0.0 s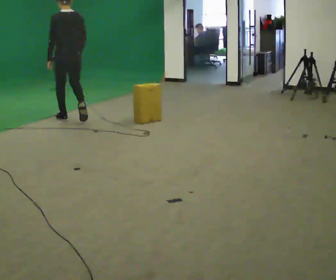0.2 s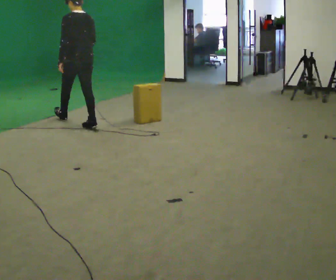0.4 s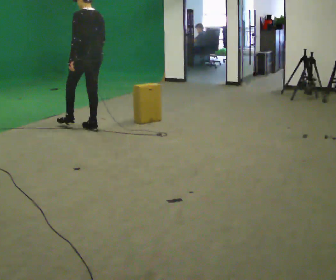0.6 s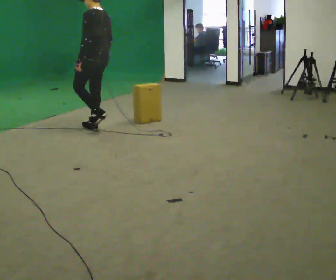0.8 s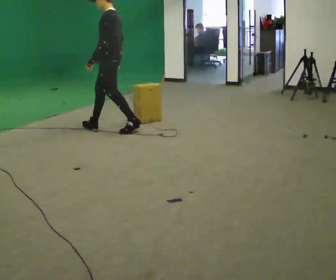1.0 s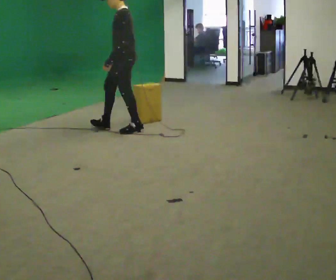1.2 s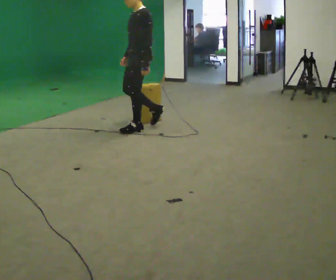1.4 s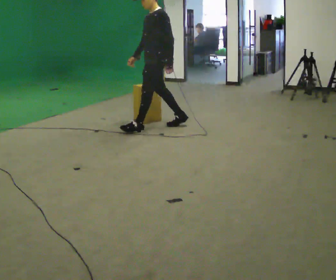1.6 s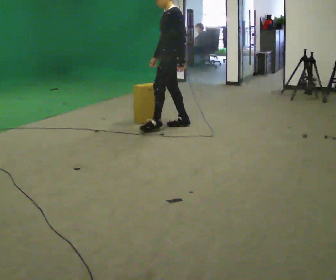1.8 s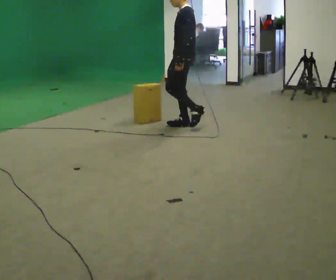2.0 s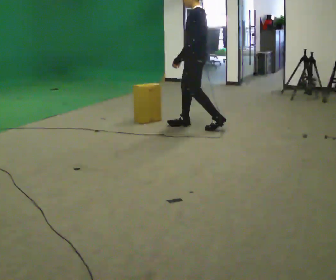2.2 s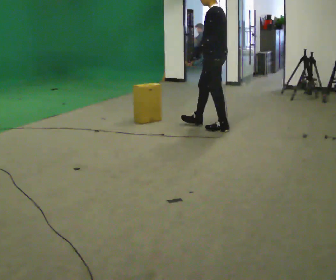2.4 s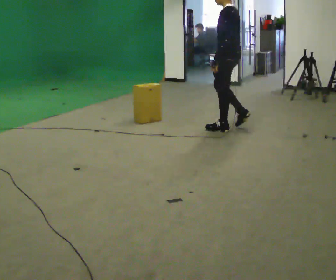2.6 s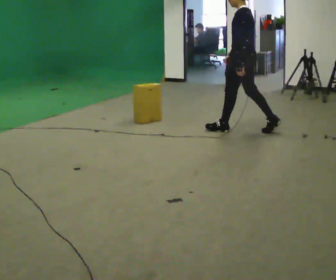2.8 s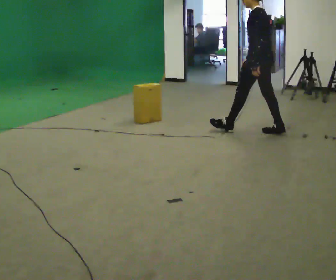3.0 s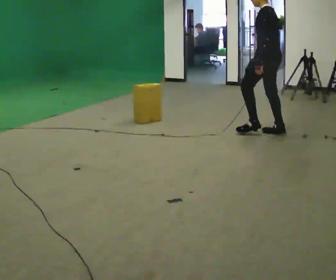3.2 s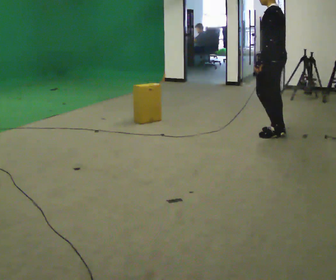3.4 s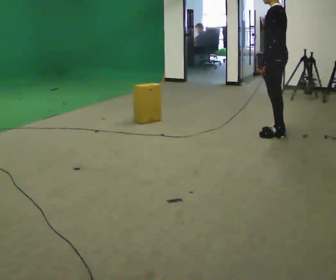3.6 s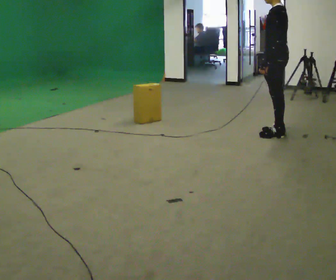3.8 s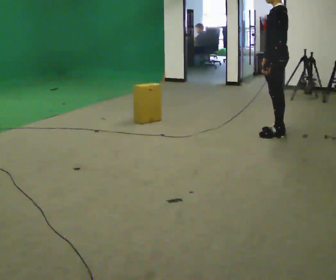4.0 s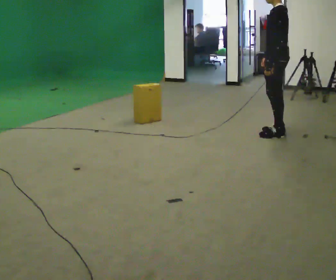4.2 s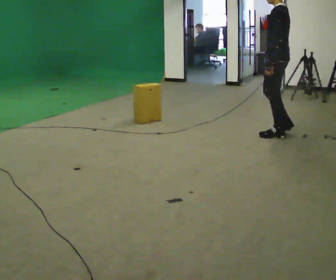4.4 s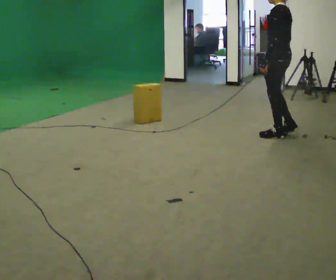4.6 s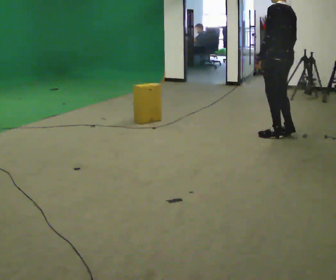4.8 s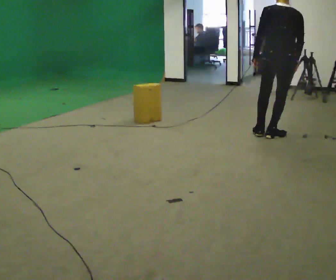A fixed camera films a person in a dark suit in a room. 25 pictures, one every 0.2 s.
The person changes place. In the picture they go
to the right.
0.0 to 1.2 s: The part of the body nearest the lens slides to the right as the person turns to their left by about 75 degrees. In the picture they go to the right, about 1 m in 2 steps.
1.2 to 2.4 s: The part of the body nearest the lens slides to the left as the person turns to their right by about 45 degrees. In the picture they go to the right, about 1 m in 2 steps, which for them is backward.
2.4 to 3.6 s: In the picture they go to the right, about 0.5 m in 1 step, which for them is backward.
3.6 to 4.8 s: The part of the body nearest the lens slides to the left as the person turns to their right by about 45 degrees.
The film runs backward here.
